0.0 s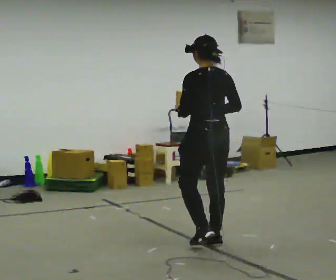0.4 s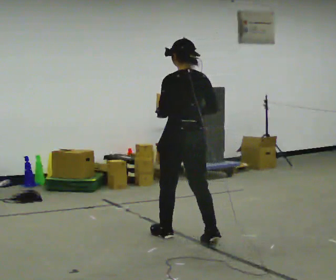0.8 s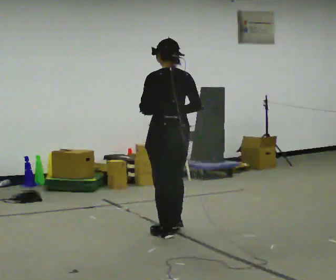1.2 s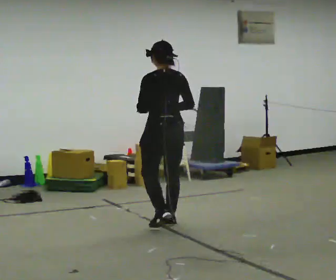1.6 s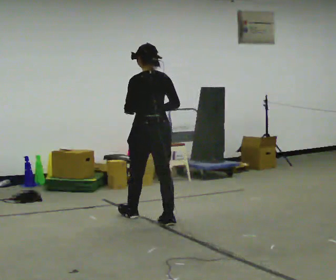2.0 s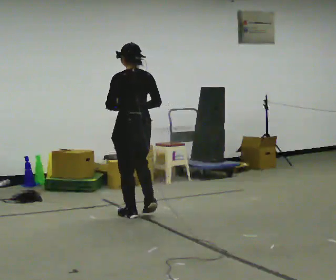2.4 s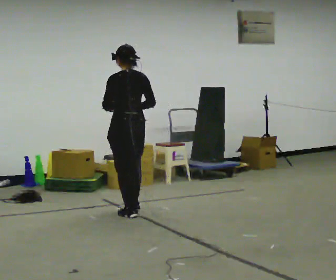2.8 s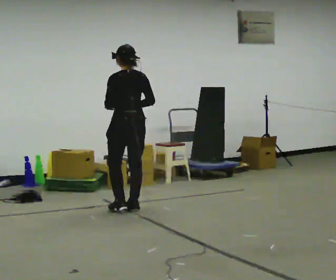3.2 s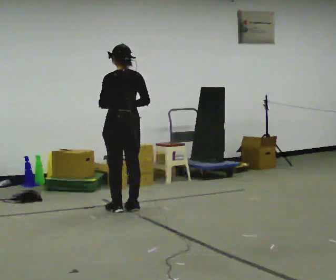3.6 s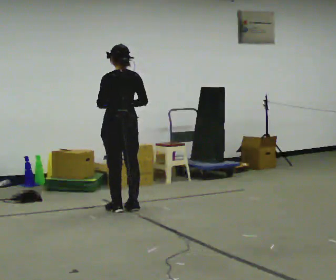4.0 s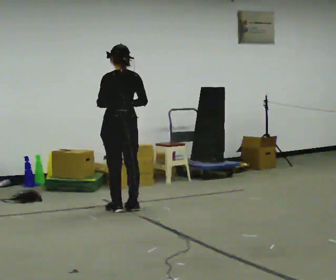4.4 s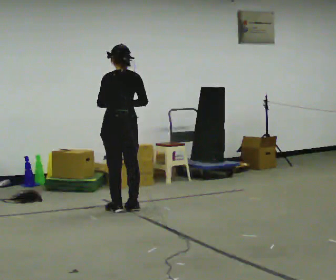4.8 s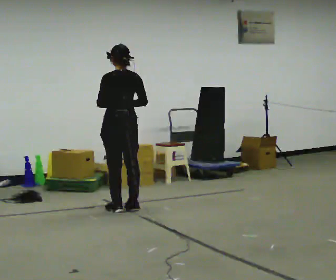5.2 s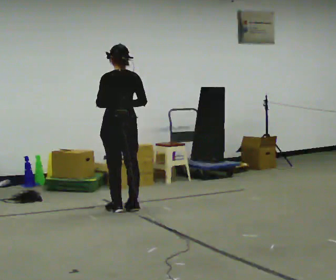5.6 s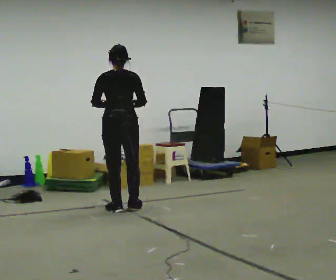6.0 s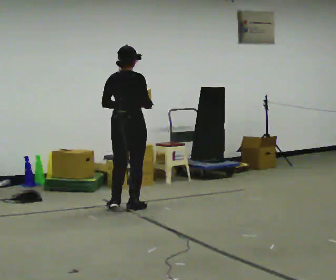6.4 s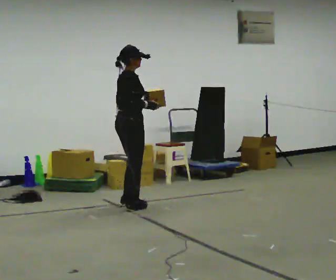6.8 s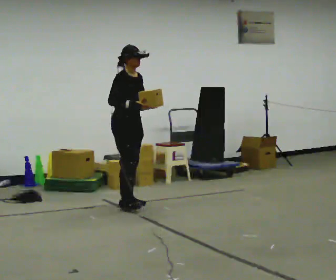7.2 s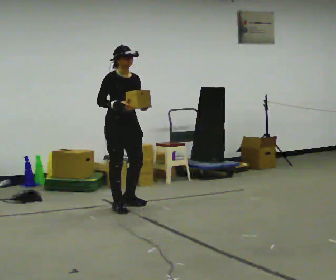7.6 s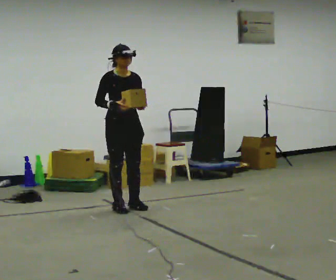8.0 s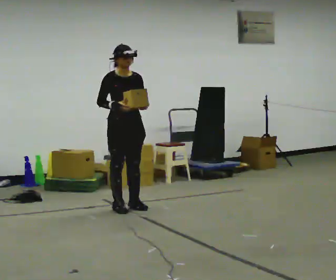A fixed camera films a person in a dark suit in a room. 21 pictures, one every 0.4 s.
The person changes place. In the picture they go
away from the camera.
The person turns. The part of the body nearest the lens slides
to the left.
0.0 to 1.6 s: In the picture they go away from the camera and to the left, about 1 m in 3 steps, which for them is forward.
1.6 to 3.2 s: In the picture they go away from the camera and to the left, about 0.5 m in 2 steps, which for them is forward.
3.2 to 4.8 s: The person moves a little, or ends about where they began.
4.8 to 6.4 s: Seen from above the body turns clockwise, about 105 degrees: to their right, with its near side sliding to the left.
6.4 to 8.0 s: The part of the body nearest the lens slides to the left as the person turns to their right by about 75 degrees.
The film runs forward here.
